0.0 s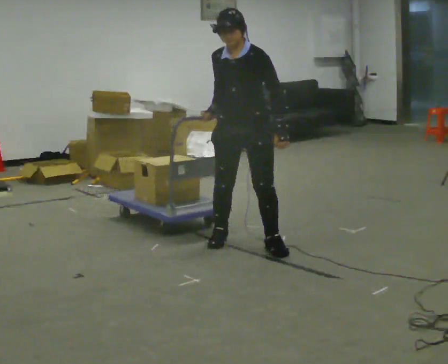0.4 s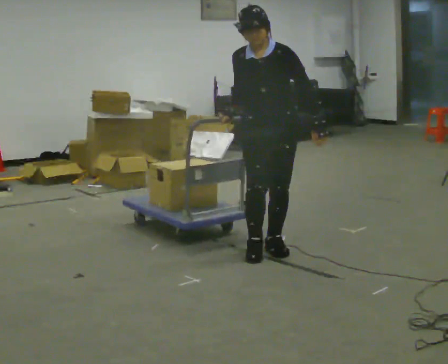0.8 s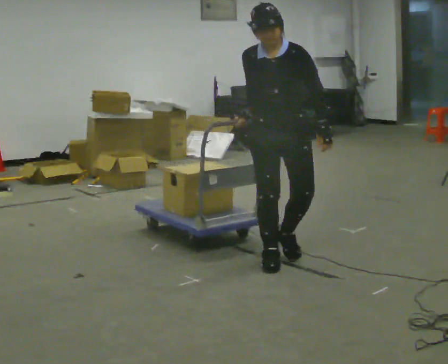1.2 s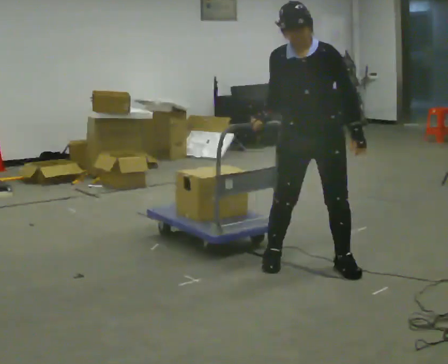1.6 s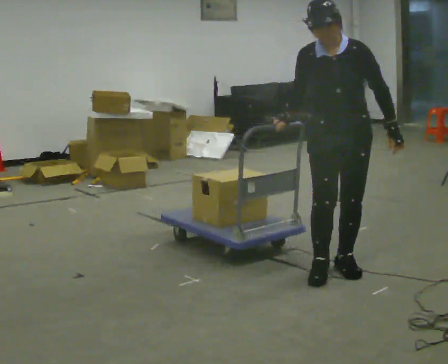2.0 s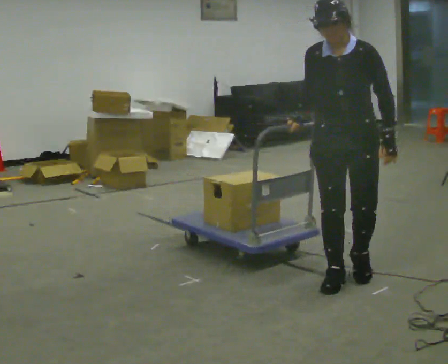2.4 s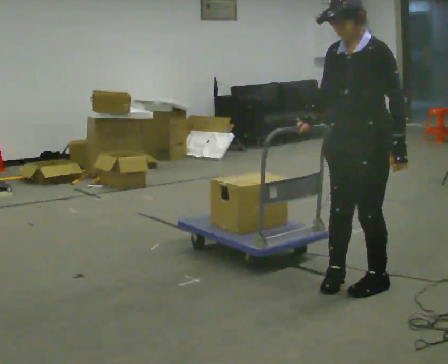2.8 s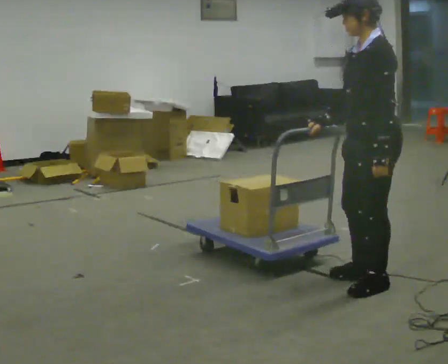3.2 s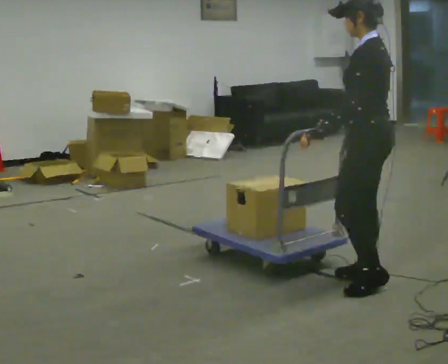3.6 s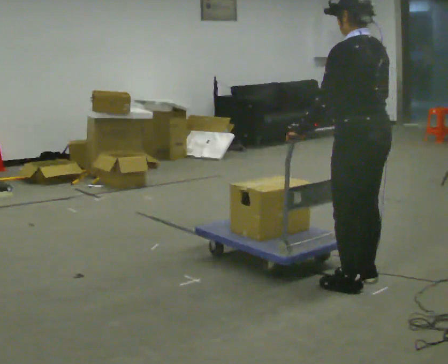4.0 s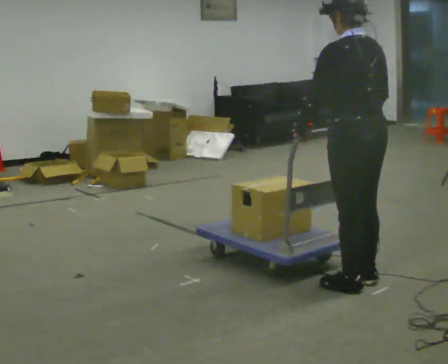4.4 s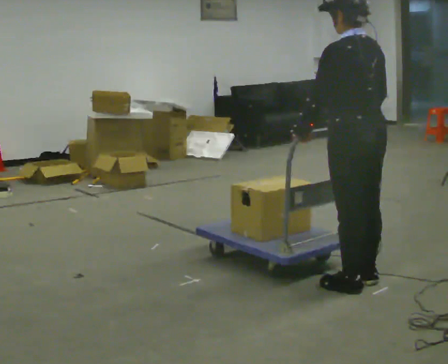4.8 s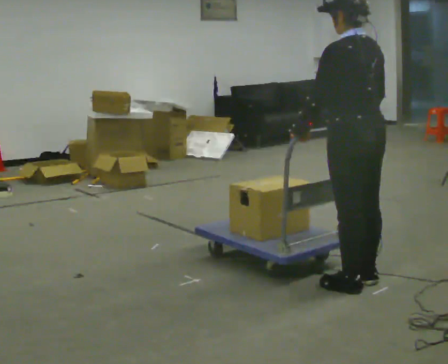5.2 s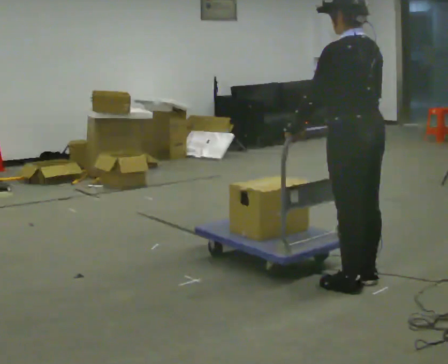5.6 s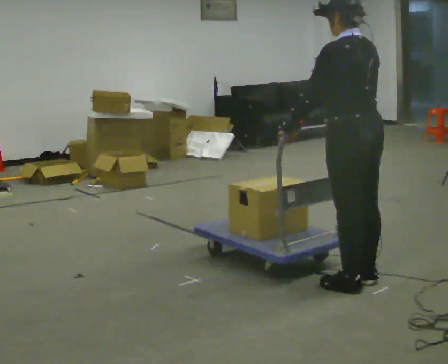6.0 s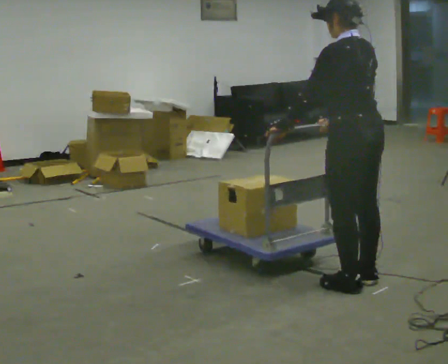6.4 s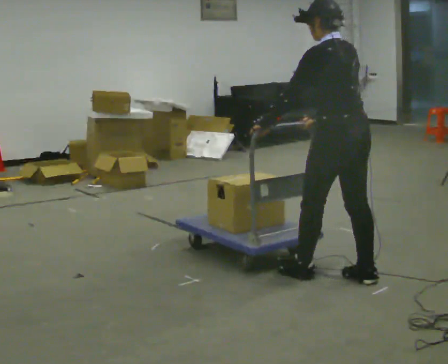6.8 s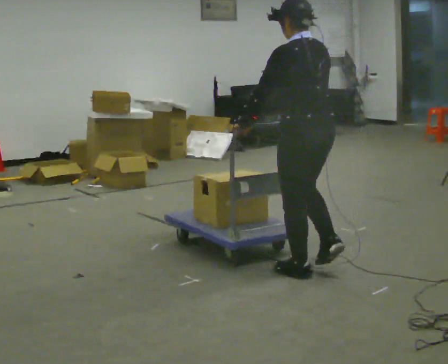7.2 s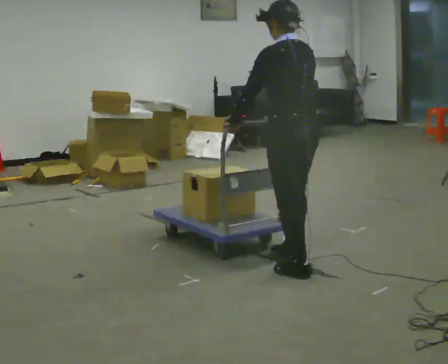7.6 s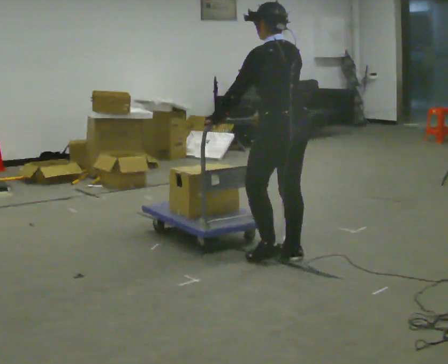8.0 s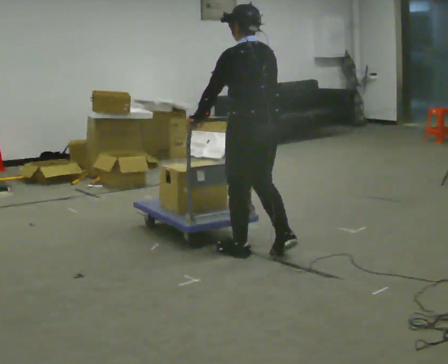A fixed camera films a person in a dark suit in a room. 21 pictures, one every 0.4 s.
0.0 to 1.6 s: In the picture they go to the right and toward the camera, about 1 m in 2 steps, which for them is to their left and forward.
1.6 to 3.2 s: Seen from above the body turns clockwise, about 105 degrees: to their right, with its near side sliding to the left. In the picture they go toward the camera and to the right, about 0.25 m in 3 steps. In the picture their left hand goes to the left, the arm swinging clockwise.
3.2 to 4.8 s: Seen from above the body turns clockwise, about 30 degrees: to their right, with its near side sliding to the left.
4.8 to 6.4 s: The person moves a little, or ends about where they began.
6.4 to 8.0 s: In the picture they go to the left and away from the camera, about 0.75 m in 3 steps, which for them is forward.
The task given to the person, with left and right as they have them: Get the cart into the marked parking space and lined up with the tape. Take as many adjustments as you need. Then take it out again and repeat.
The film runs forward here.
